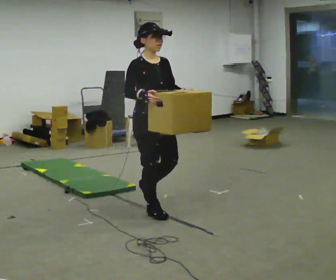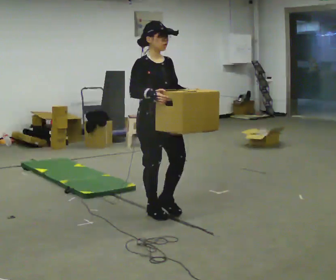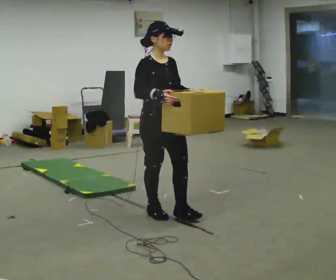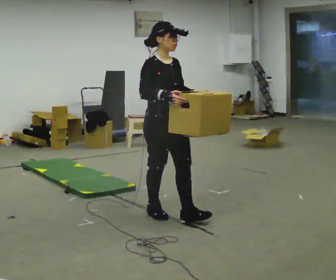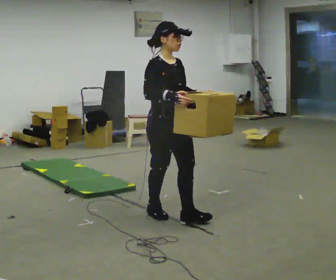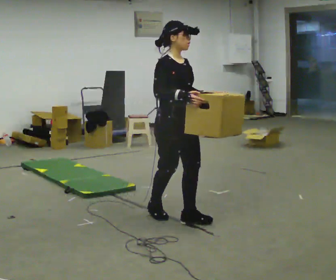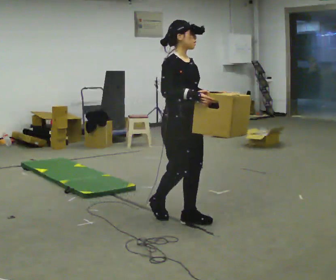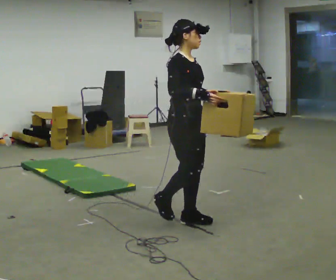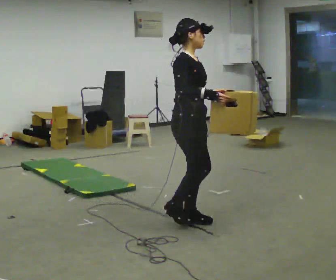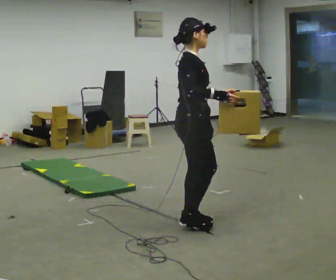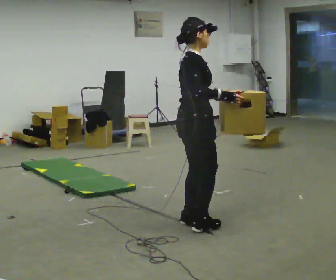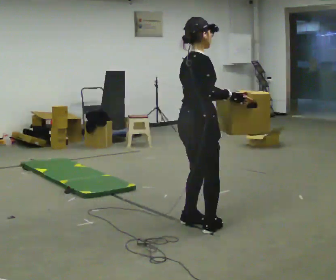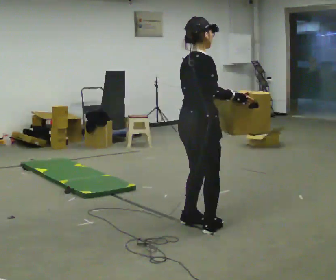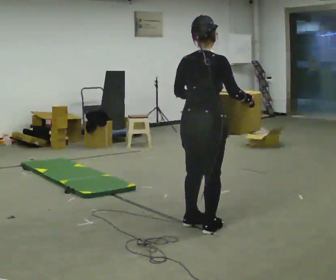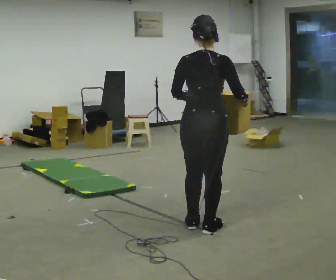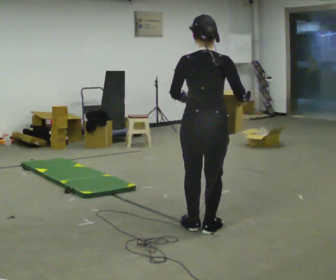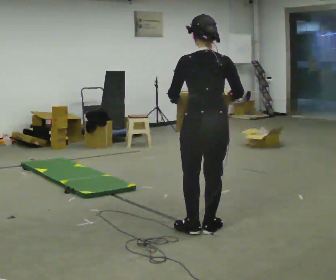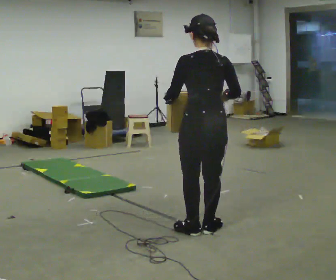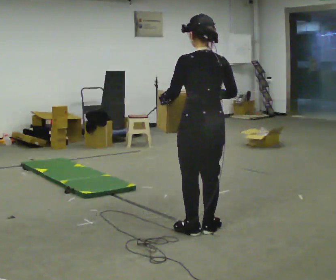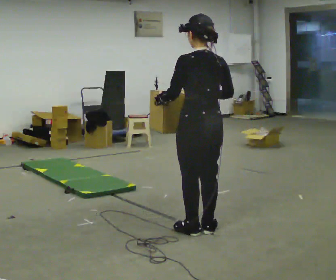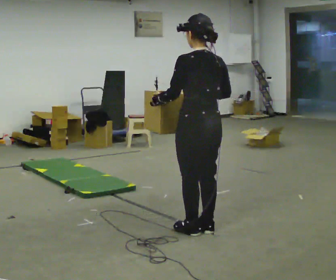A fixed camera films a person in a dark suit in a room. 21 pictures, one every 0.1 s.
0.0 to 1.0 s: The part of the body nearest the lens slides to the right as the person turns to their left by about 60 degrees. In the picture they go toward the camera and to the right, about 0.5 m in 1 step.
1.0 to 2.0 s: Seen from above the body turns counterclockwise, about 120 degrees: to their left, with its near side sliding to the right. In the picture they go toward the camera, about 0.25 m in 2 steps.
The film runs forward here.
